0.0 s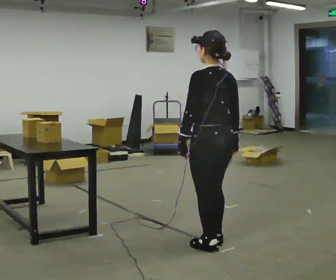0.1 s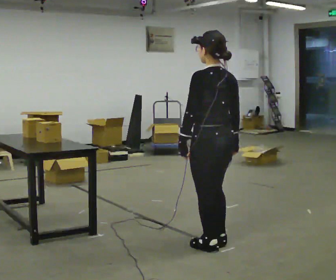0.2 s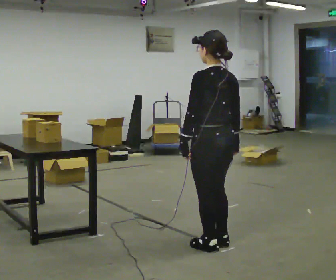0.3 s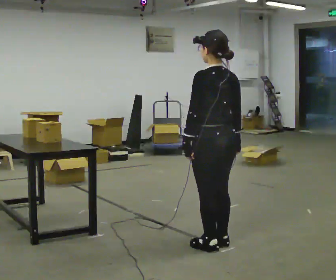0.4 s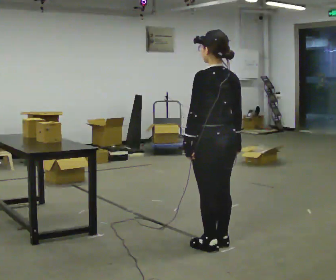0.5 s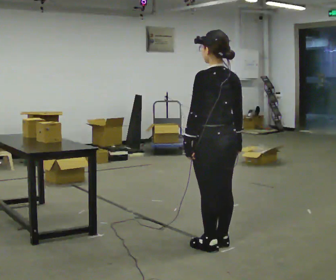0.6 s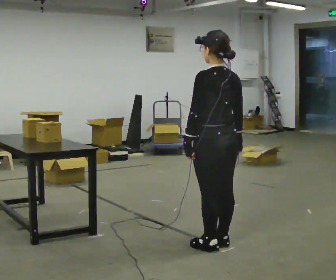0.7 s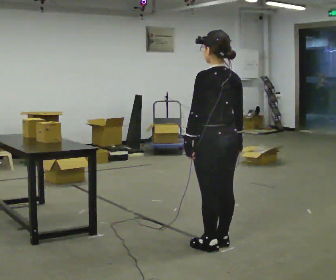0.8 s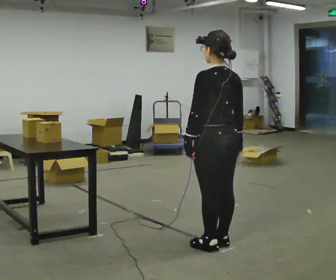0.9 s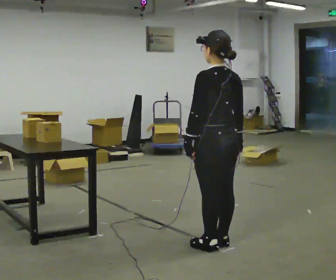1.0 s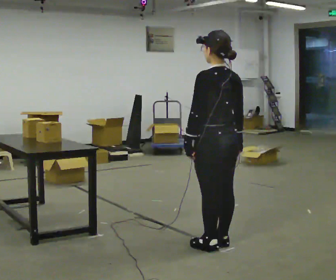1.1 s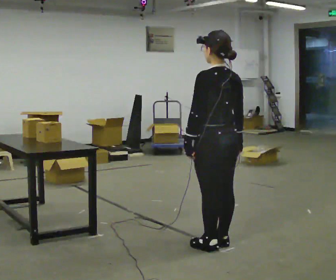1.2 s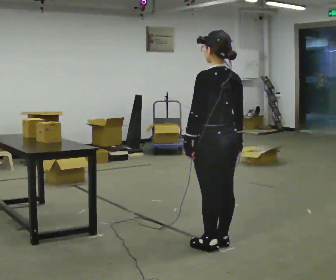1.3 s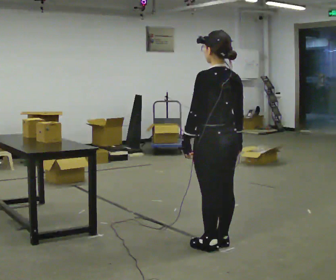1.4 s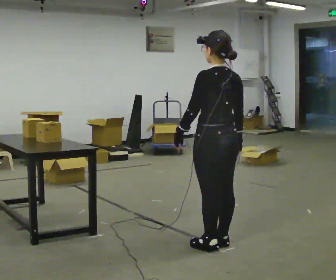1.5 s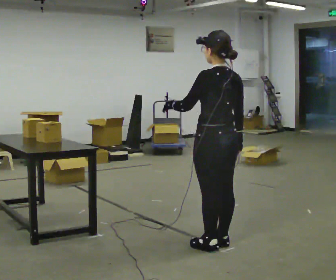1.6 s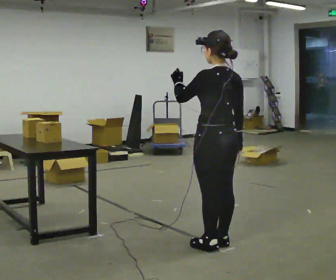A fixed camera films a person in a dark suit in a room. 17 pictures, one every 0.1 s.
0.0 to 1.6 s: In the picture their left hand goes upward.
The film runs forward here.
